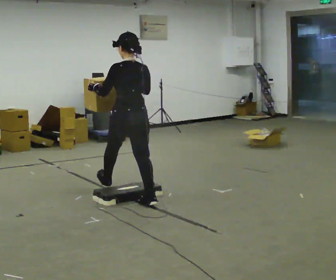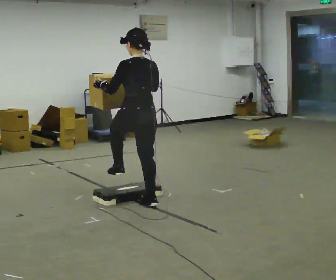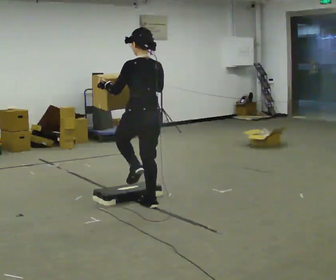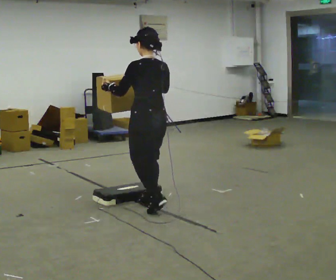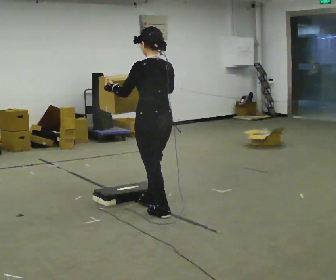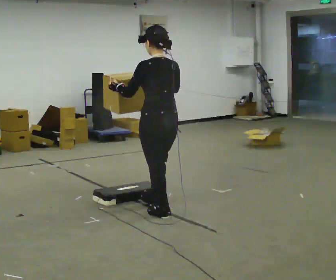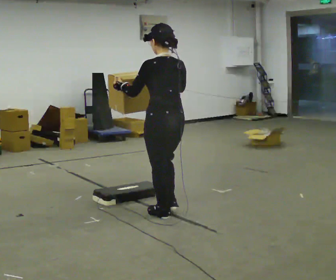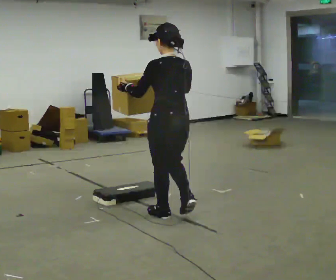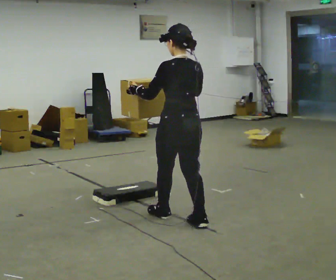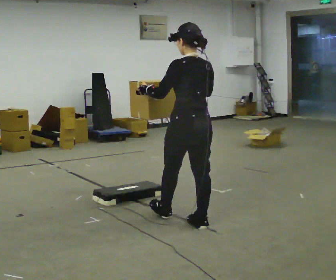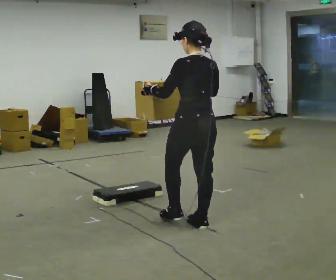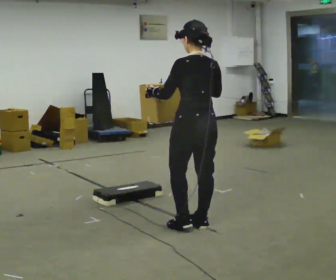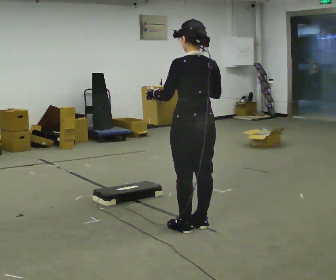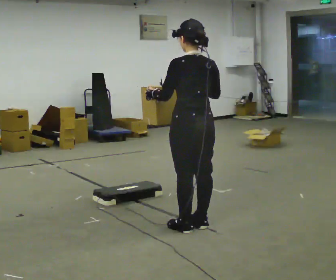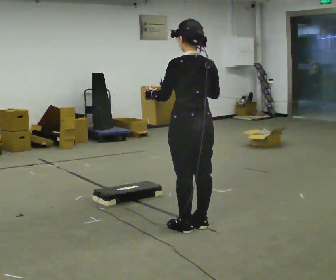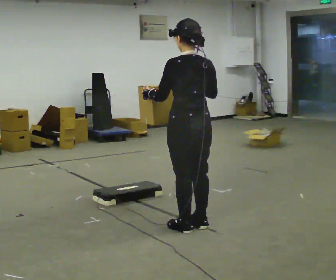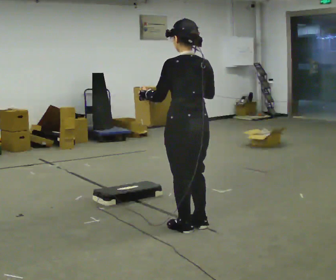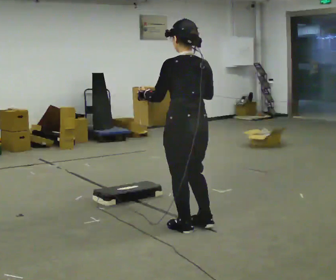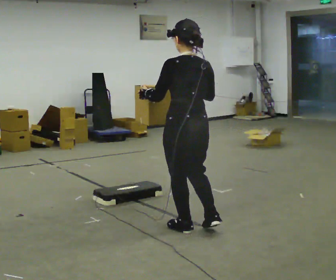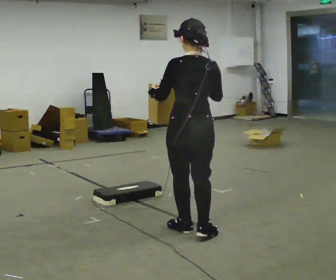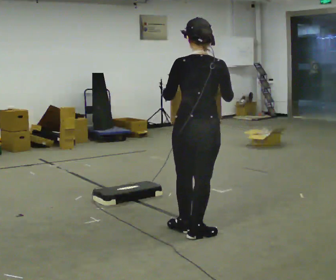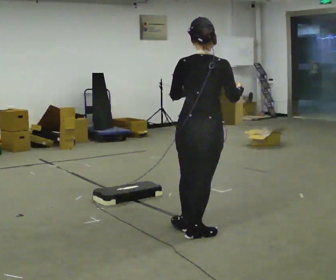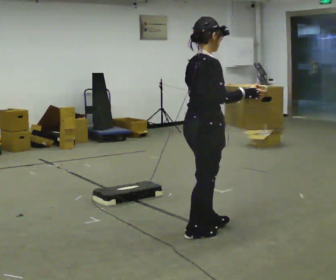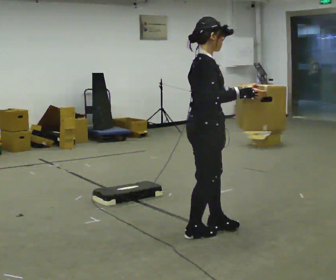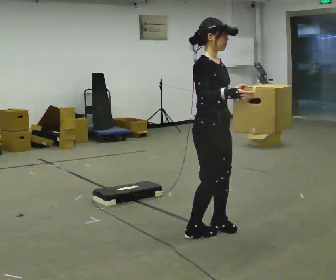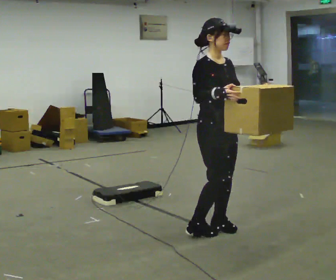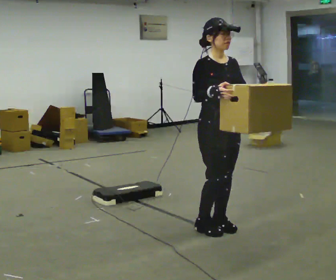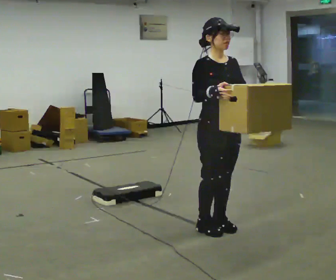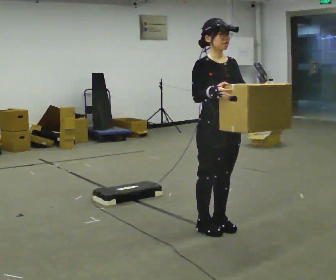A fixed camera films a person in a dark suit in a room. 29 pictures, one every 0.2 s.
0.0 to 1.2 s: In the picture they go toward the camera and to the right, about 0.75 m in 1 step, which for them is backward.
1.2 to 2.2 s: In the picture they go toward the camera and to the right, about 0.25 m in 1 step, which for them is backward.
2.2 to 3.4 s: The person moves a little, or ends about where they began.
3.4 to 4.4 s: The part of the body nearest the lens slides to the left as the person turns to their right by about 75 degrees. In the picture their left hand goes to the right.
4.4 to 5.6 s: The person turns about 105 degrees to their right, clockwise seen from above, so the part of the body nearest the lens slides to the left. In the picture their left hand goes to the right.
The film runs backward here.
